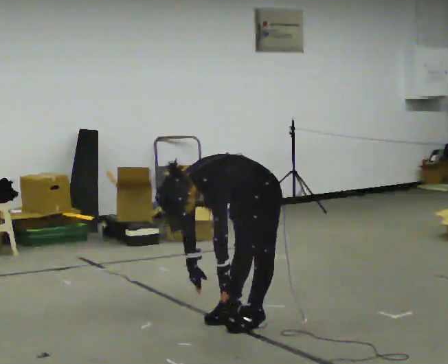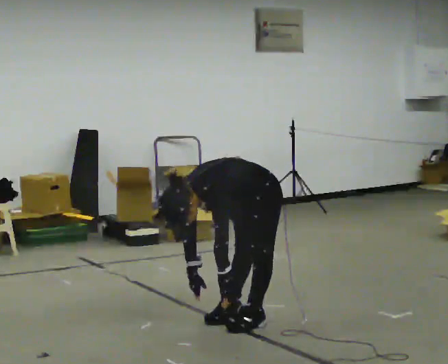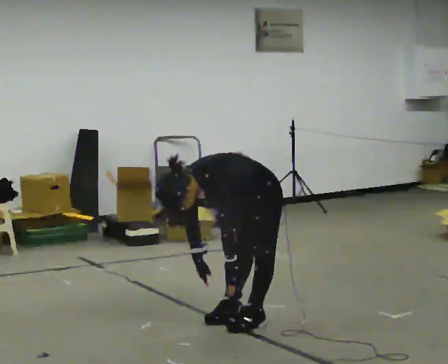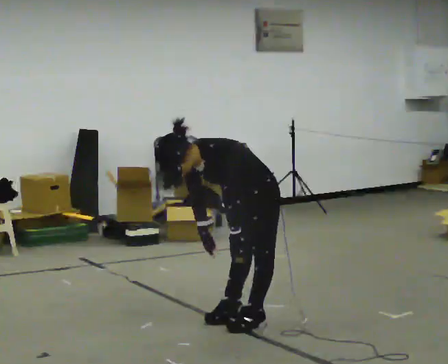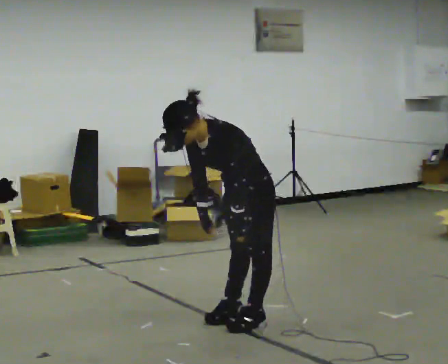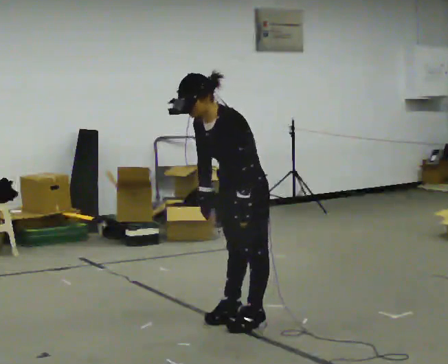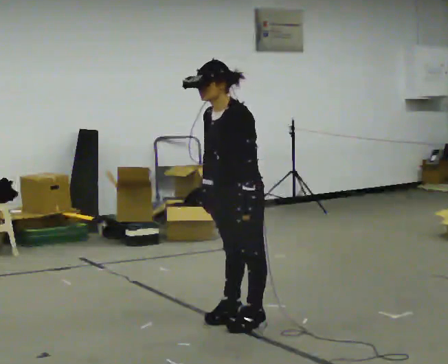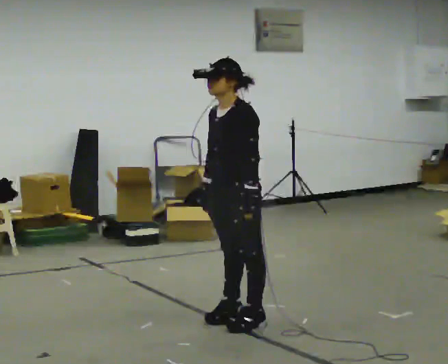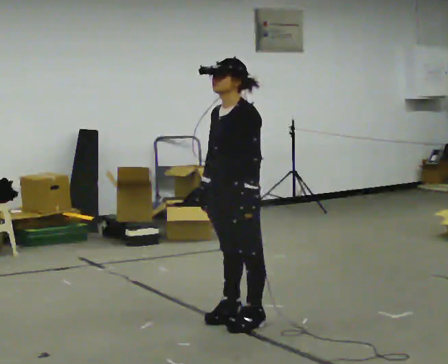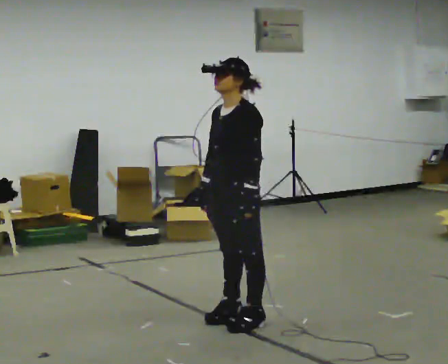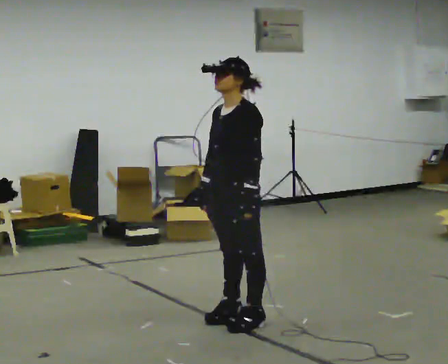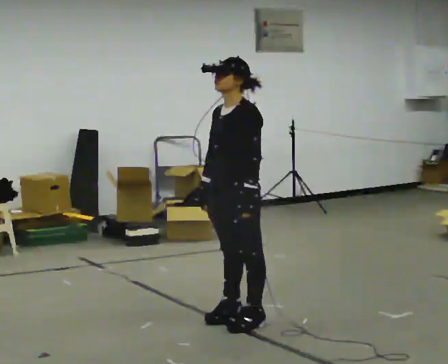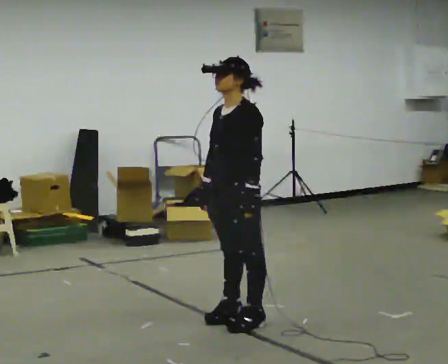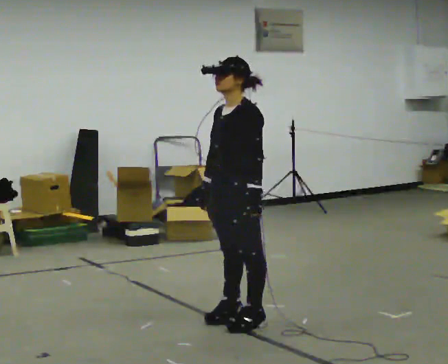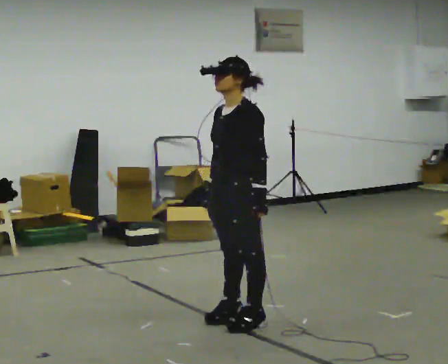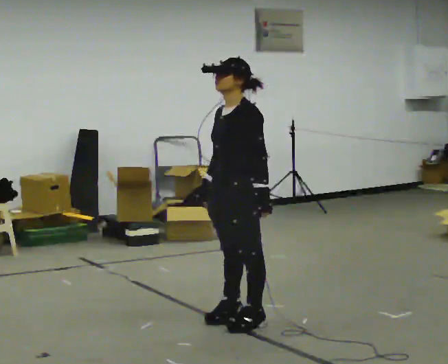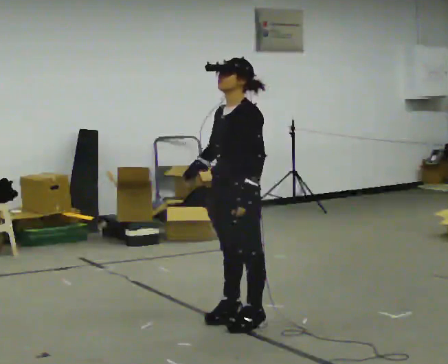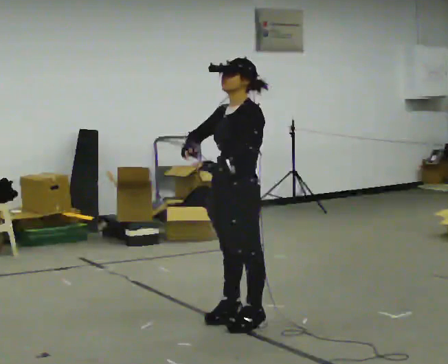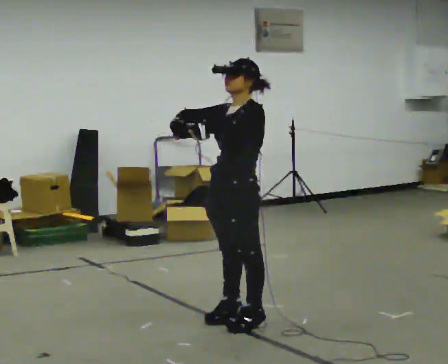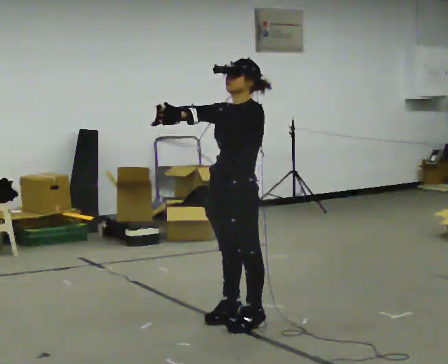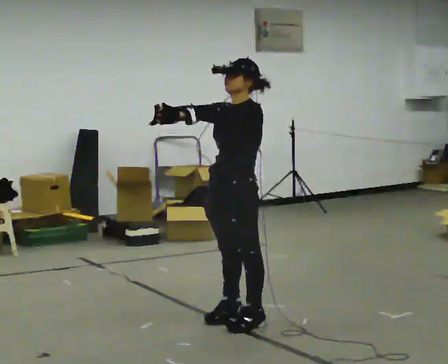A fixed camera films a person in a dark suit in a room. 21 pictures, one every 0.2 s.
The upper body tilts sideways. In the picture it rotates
clockwise.
The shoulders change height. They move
upward.
0.0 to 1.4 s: The shoulders move upward. In the picture the upper body tilts clockwise, shoulders to the right, as they lean back or straighten. In the picture their left hand goes upward.
1.4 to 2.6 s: The person keeps their place and pose.
2.6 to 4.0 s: In the picture their right hand goes upward, the arm swinging clockwise.
The film runs backward here.
